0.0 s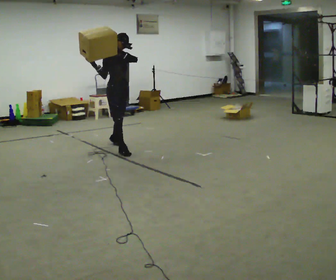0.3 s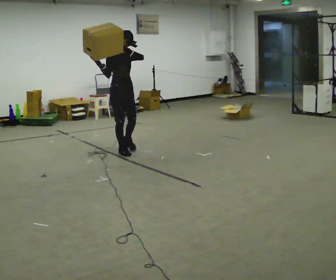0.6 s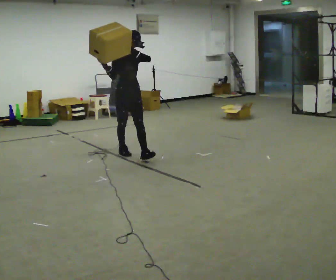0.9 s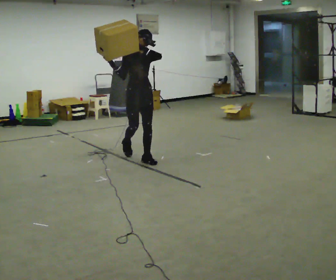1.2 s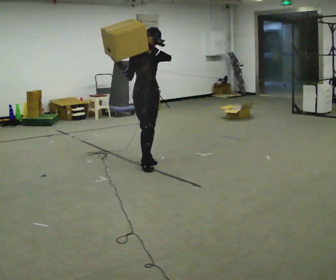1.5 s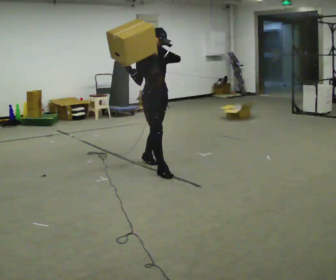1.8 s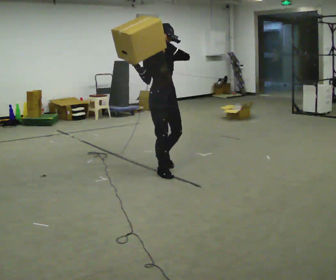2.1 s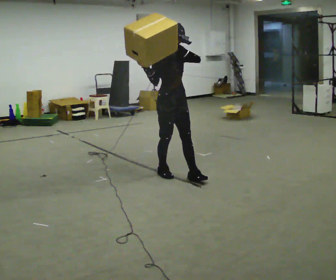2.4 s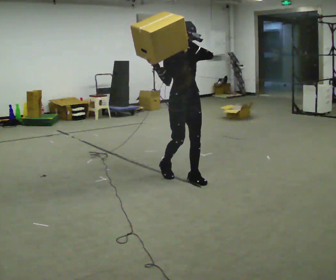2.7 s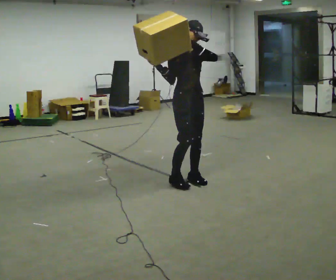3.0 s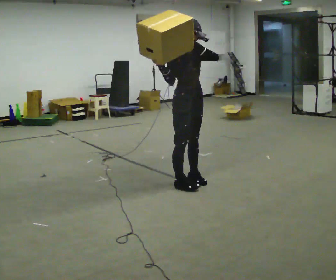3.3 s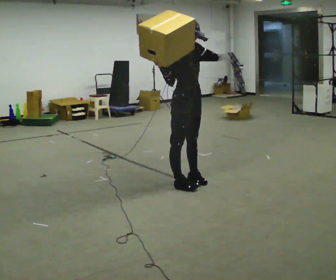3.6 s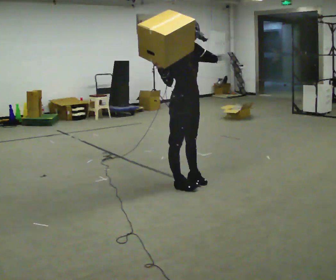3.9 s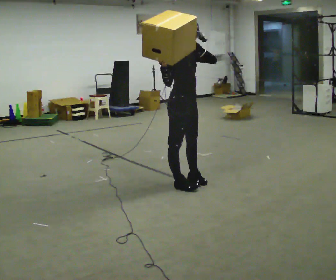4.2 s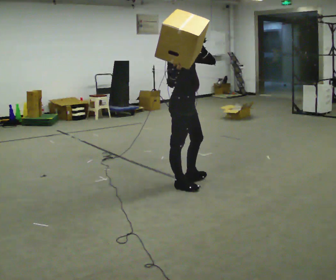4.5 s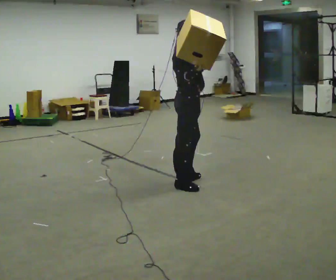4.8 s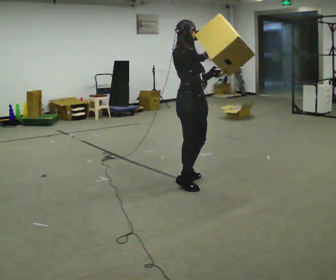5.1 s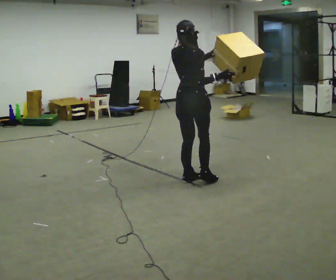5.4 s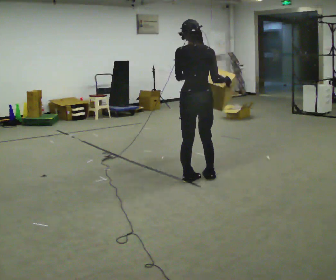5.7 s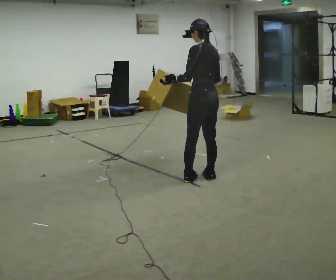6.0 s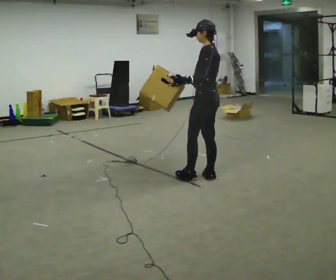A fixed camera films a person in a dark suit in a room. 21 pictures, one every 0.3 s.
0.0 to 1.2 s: In the picture they go to the right and toward the camera, about 1 m in 1 step, which for them is forward.
1.2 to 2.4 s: In the picture they go to the right and toward the camera, about 0.5 m in 2 steps, which for them is forward.
2.4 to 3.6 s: In the picture they go toward the camera, about 0.25 m in 1 step, which for them is forward.
3.6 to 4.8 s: The part of the body nearest the lens slides to the right as the person turns to their left by about 75 degrees. In the picture their right hand goes to the right.
4.8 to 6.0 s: The person turns about 120 degrees to their left, counterclockwise seen from above, so the part of the body nearest the lens slides to the right. In the picture they go away from the camera, about 0.25 m in 1 step.
The film runs forward here.
